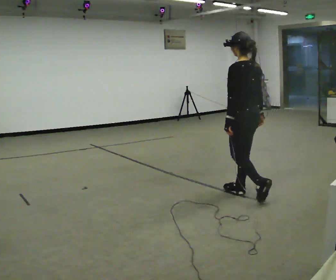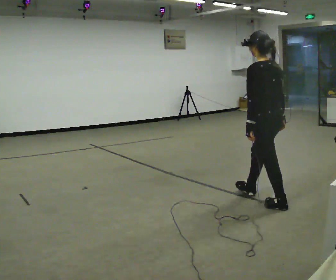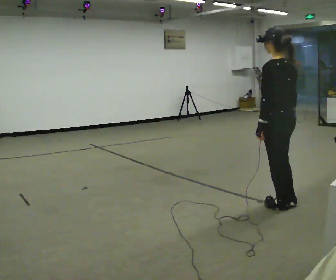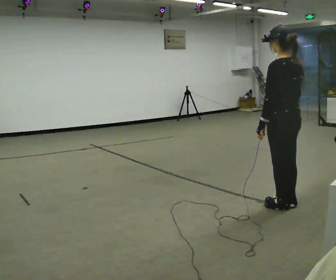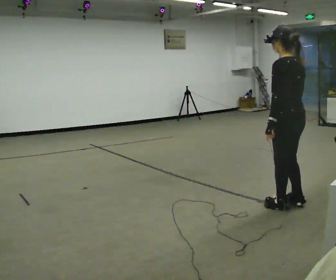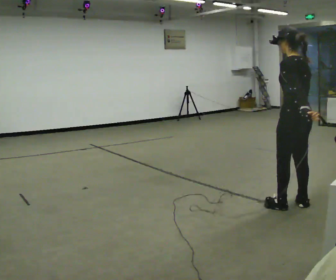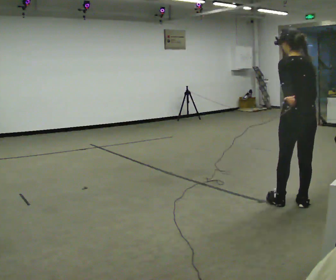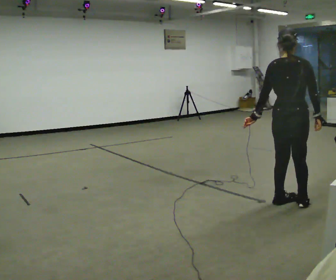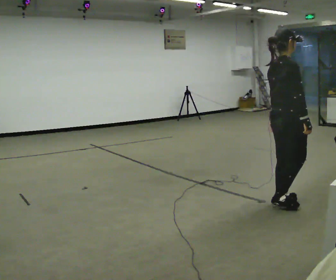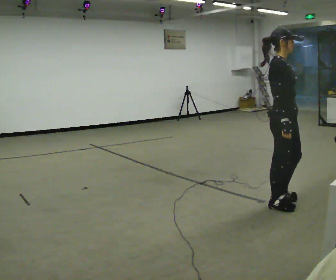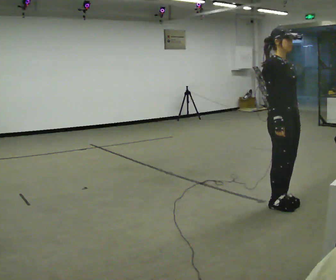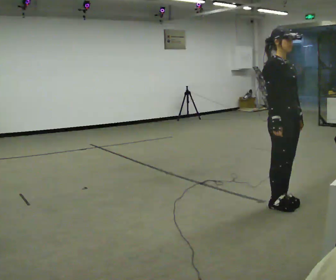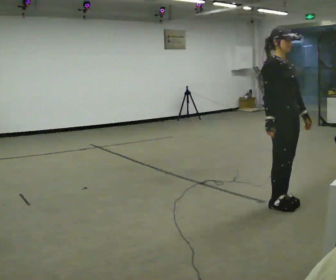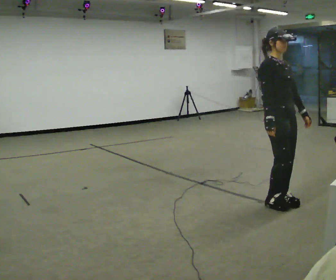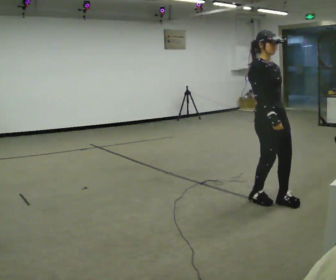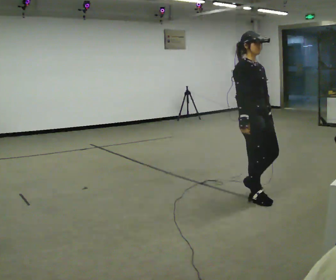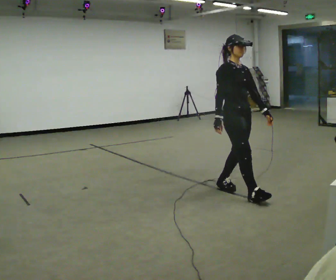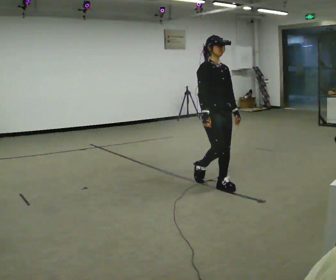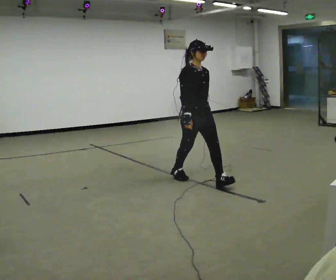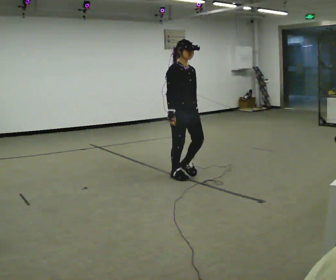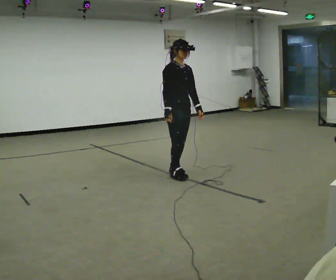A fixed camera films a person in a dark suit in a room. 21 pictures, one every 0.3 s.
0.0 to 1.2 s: In the picture they go to the right and toward the camera, about 0.5 m in 1 step, which for them is backward.
1.2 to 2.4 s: Seen from above the body turns clockwise, about 120 degrees: to their right, with its near side sliding to the left.
2.4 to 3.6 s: The person turns about 60 degrees to their right, clockwise seen from above, so the part of the body nearest the lens slides to the left.
3.6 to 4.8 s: In the picture they go to the left and away from the camera, about 0.5 m in 3 steps, which for them is backward.
4.8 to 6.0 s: In the picture they go to the left and away from the camera, about 1 m in 1 step, which for them is backward.
The film runs backward here.
